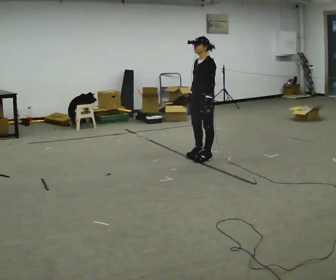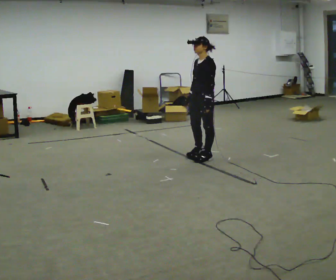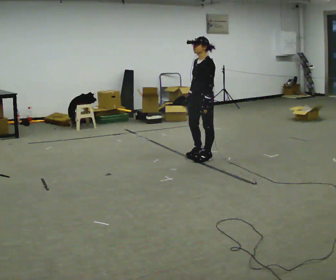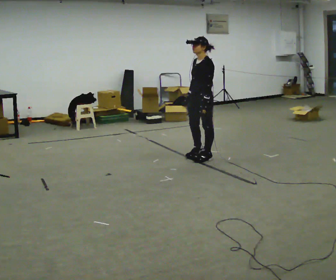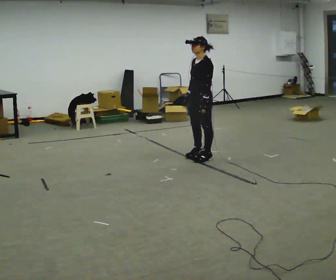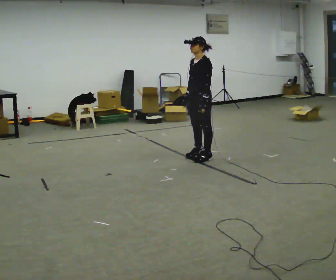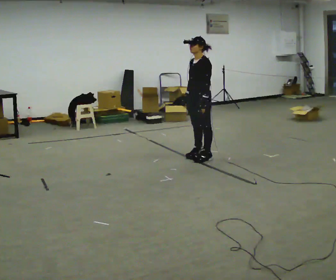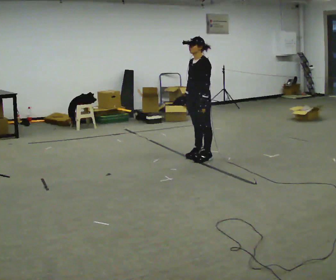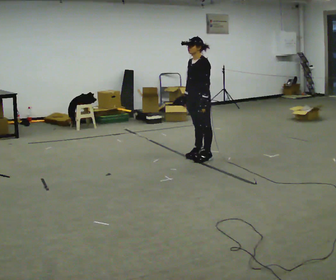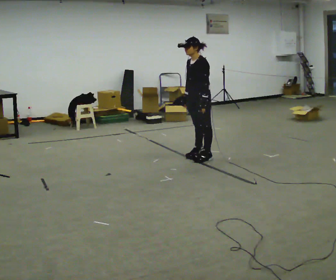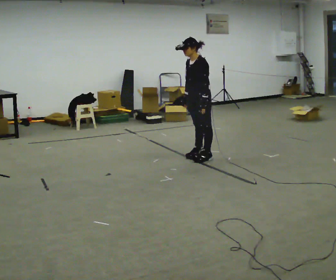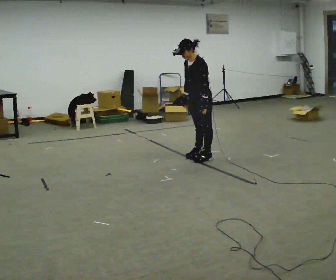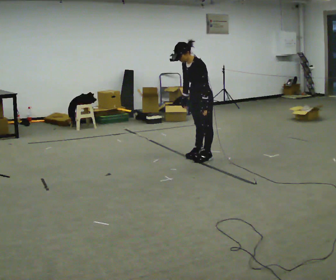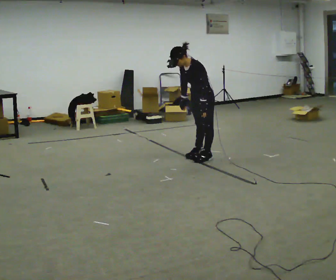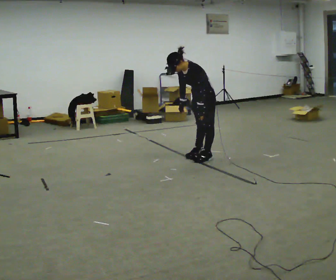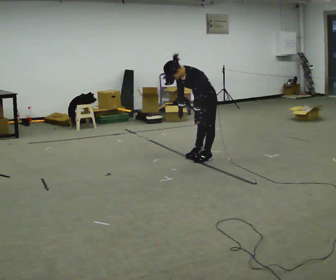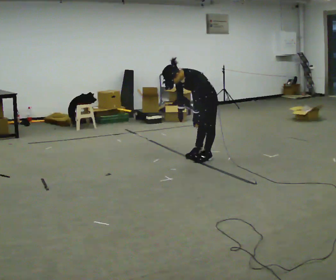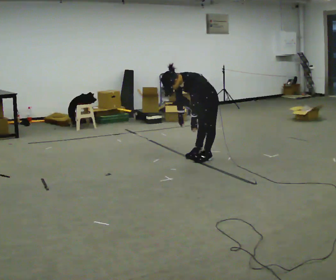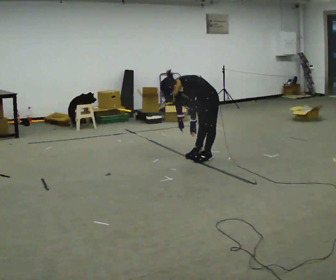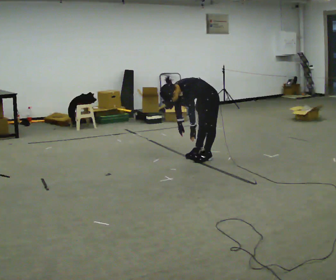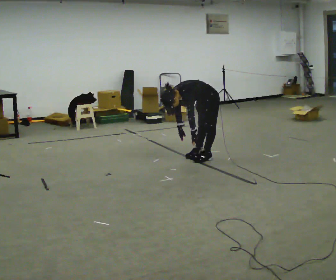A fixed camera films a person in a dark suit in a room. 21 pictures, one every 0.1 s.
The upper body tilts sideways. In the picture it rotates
counterclockwise.
The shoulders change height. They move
downward.
0.0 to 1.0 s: The person moves a little, or ends about where they began.
1.0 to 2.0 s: The shoulders move downward. In the picture the upper body tilts counterclockwise, shoulders to the left, as they bend forward. In the picture their left hand goes downward.
The film runs forward here.
